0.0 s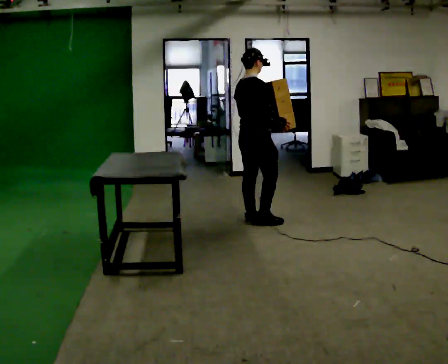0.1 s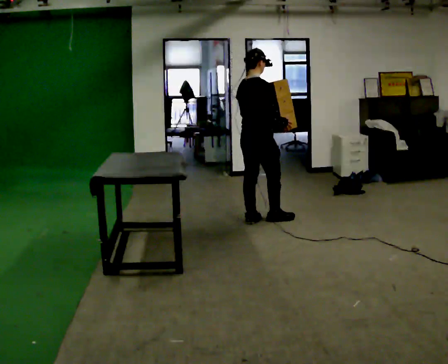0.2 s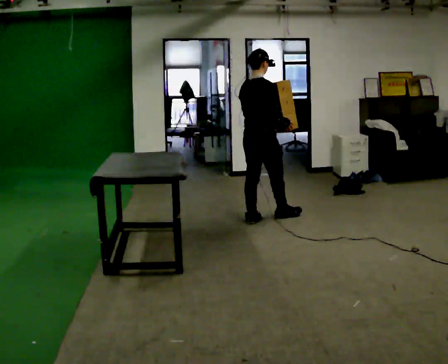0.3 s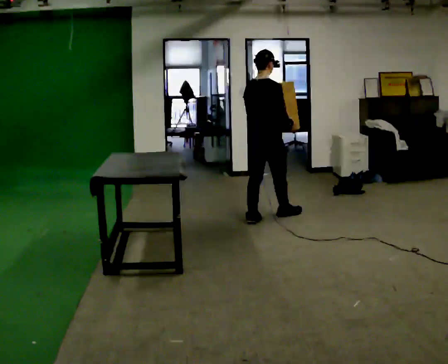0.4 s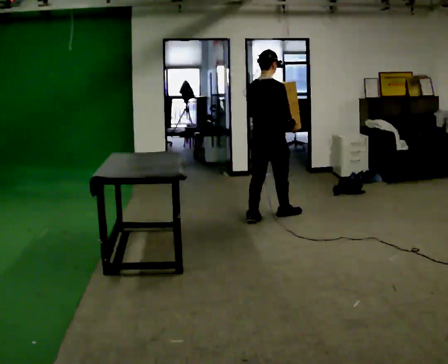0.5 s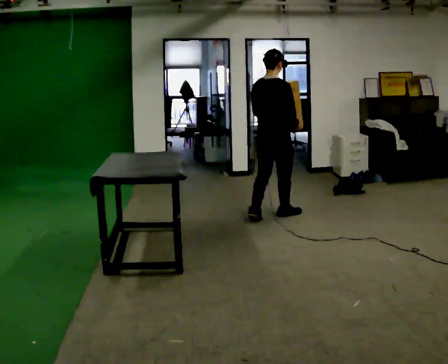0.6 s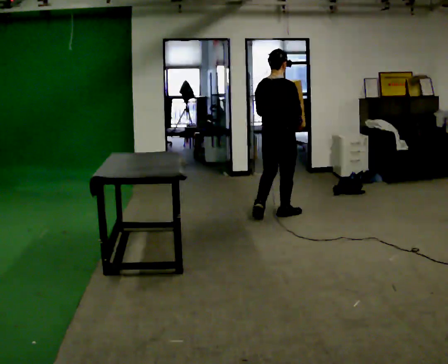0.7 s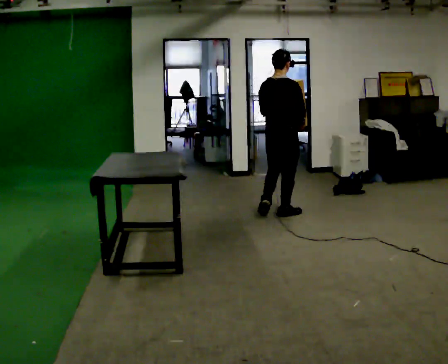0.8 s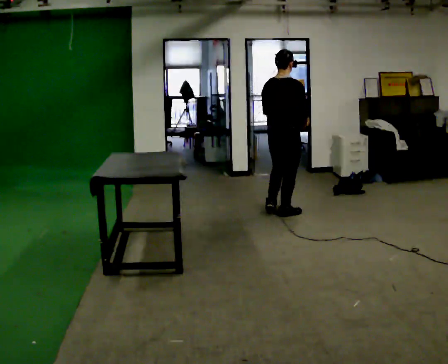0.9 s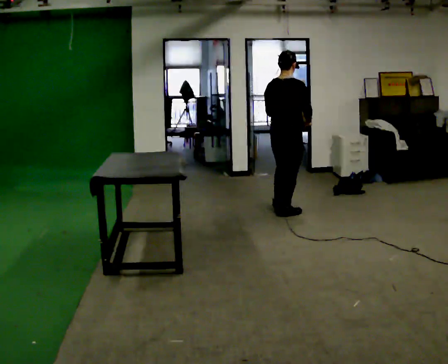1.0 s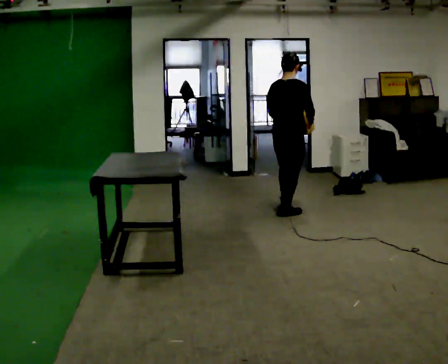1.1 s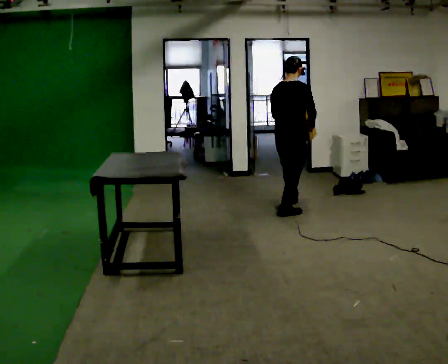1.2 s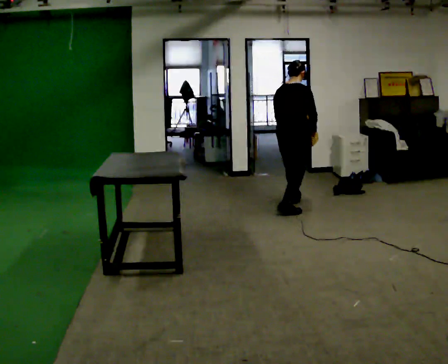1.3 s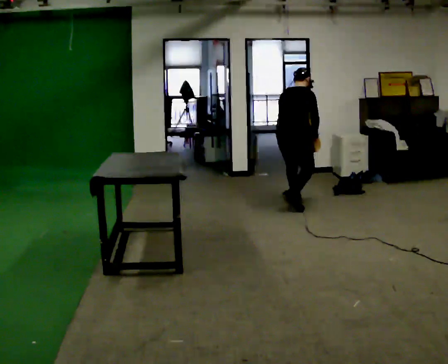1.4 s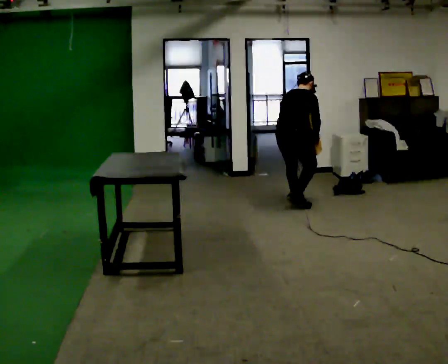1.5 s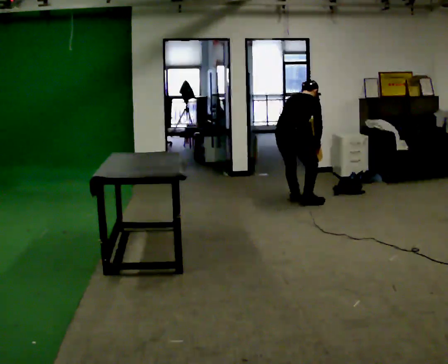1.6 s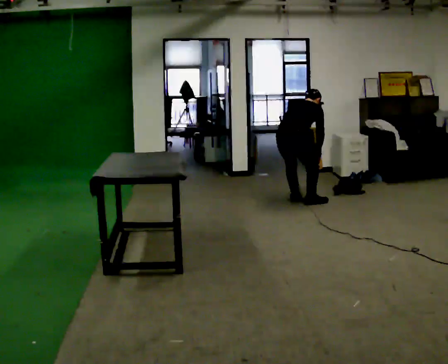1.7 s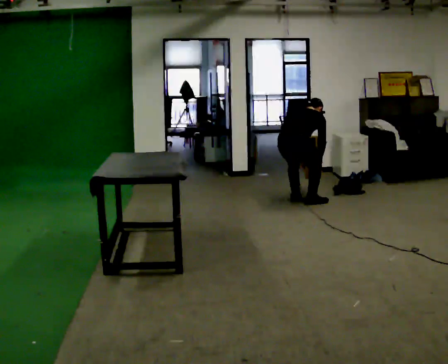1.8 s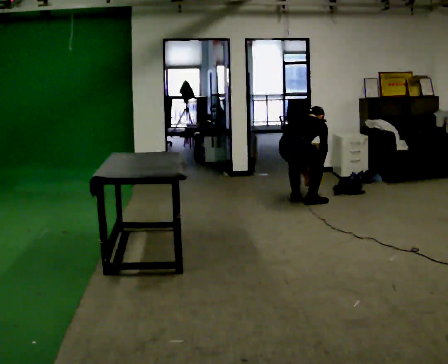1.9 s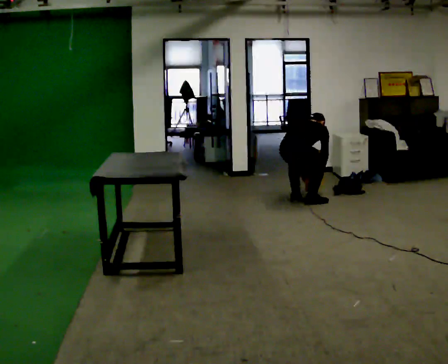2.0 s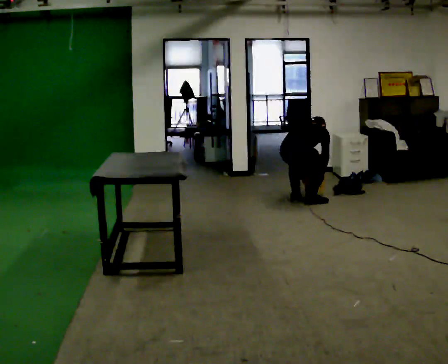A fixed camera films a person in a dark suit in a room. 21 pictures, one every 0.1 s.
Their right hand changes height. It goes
downward.
Their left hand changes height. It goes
downward.
0.0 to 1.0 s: In the picture they go away from the camera and to the right, about 0.5 m in 1 step, which for them is forward.
1.0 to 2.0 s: In the picture they go away from the camera, about 0.25 m in 2 steps, which for them is forward. The shoulders move downward. The upper body tips away from the camera, its near side rolling upward, as they bend forward. In the picture their right hand goes downward.
The film runs forward here.
